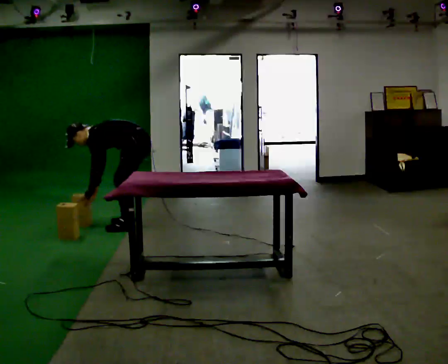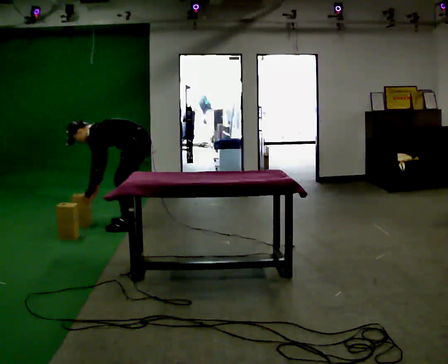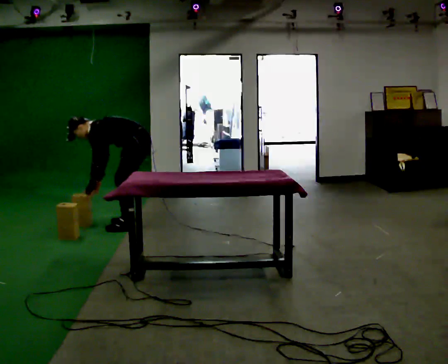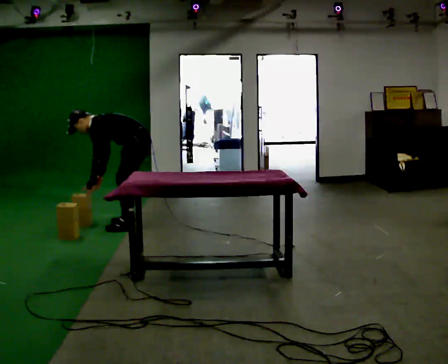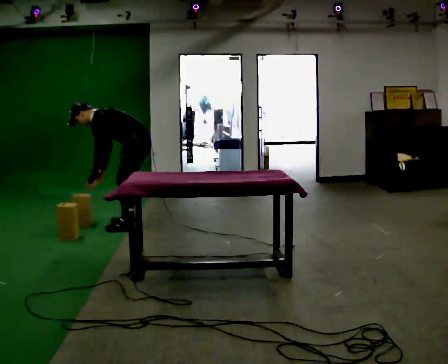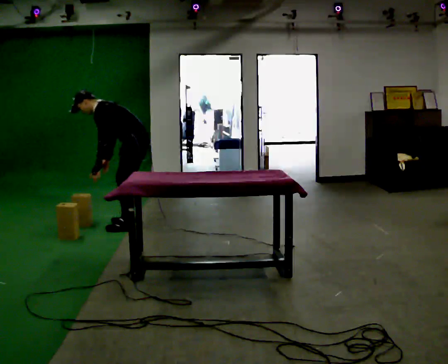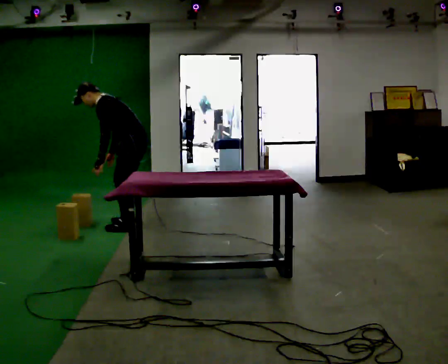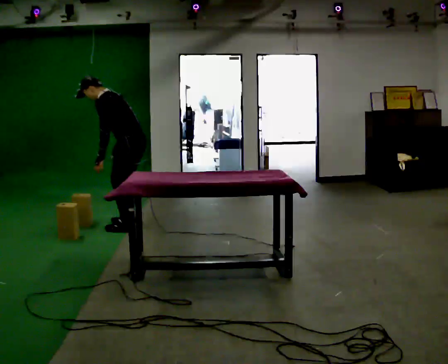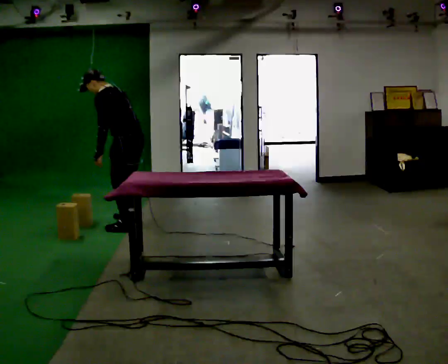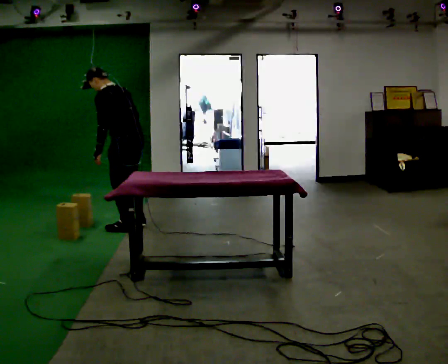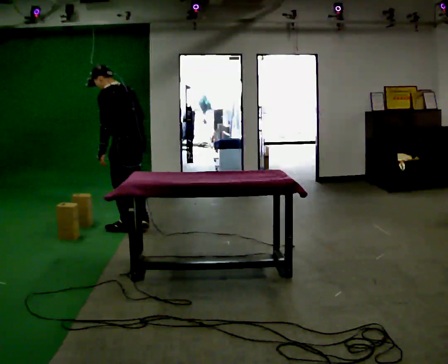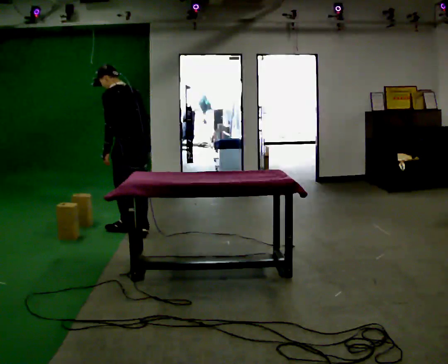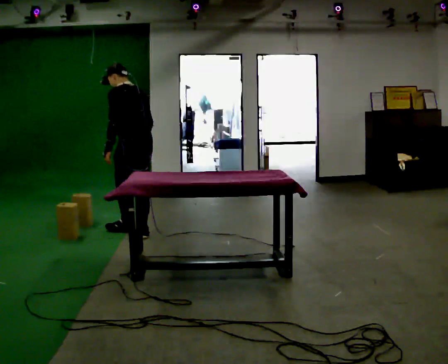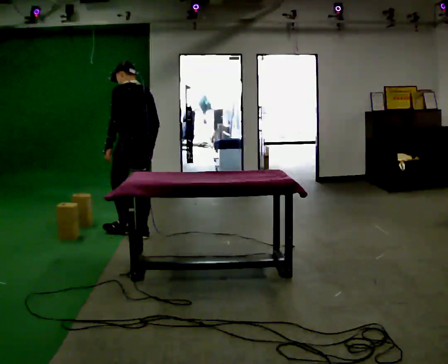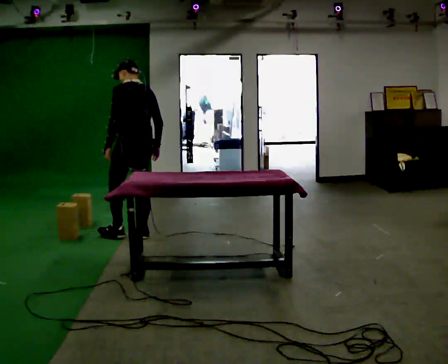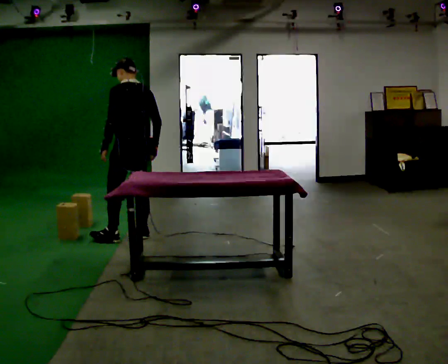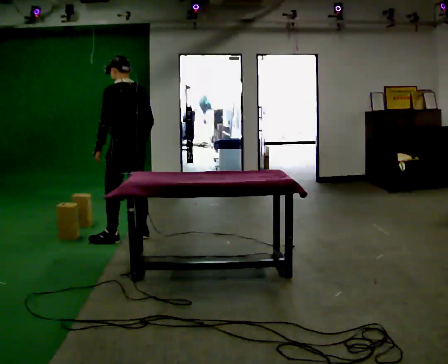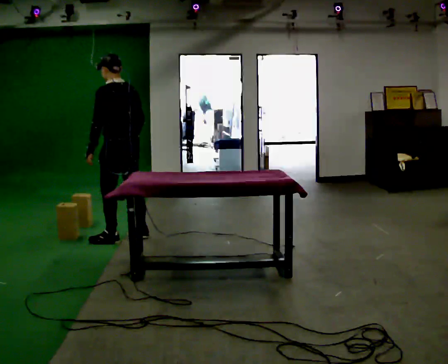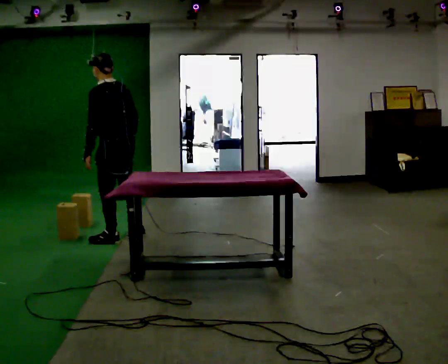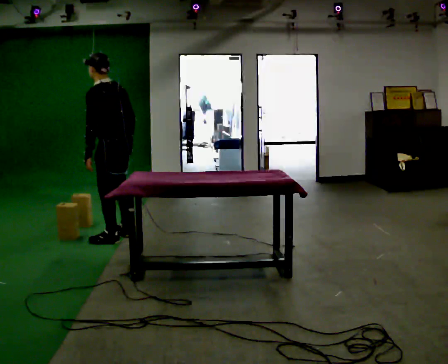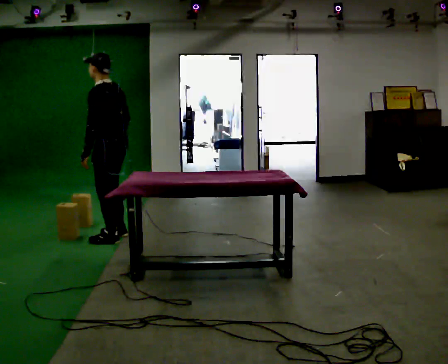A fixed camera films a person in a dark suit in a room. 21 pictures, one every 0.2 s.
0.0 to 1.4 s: The upper body goes upward. In the picture the upper body tilts clockwise, shoulders to the right, as they lean back or straighten. In the picture their right hand goes upward.
1.4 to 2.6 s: Seen from above the body turns clockwise, about 30 degrees: to their right, with its near side sliding to the left. In the picture they go toward the camera, about 0.25 m in 2 steps, which for them is backward and to their left. In the picture the upper body tilts clockwise, shoulders to the right, as they lean back or straighten.
2.6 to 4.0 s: The person turns about 30 degrees to their left, counterclockwise seen from above, so the part of the body nearest the lens slides to the right. In the picture they go to the left and toward the camera, about 0.25 m in 1 step, which for them is to their left. The upper body tips toward the camera, its near side rolling downward.
The film runs backward here.
